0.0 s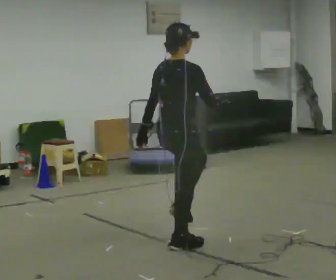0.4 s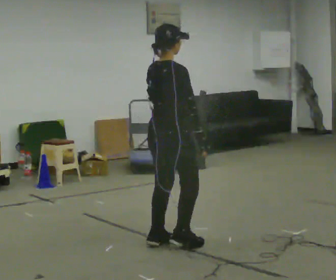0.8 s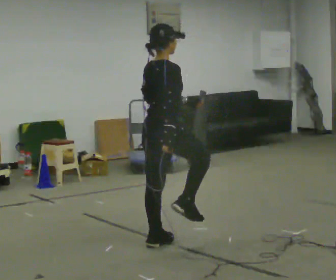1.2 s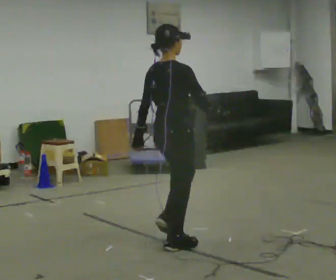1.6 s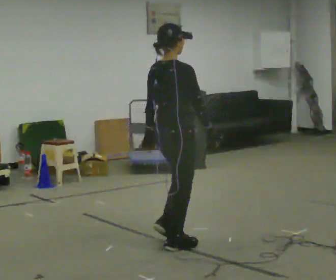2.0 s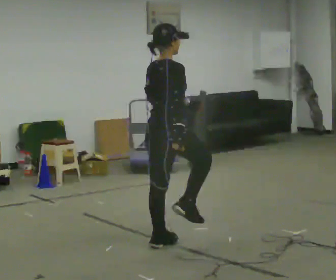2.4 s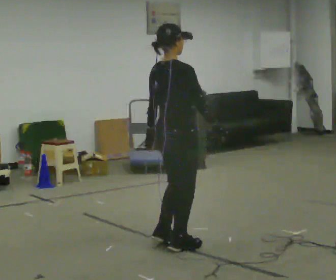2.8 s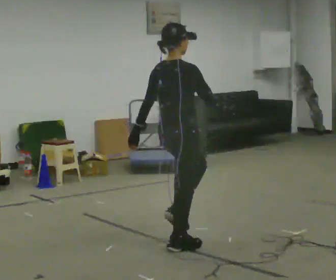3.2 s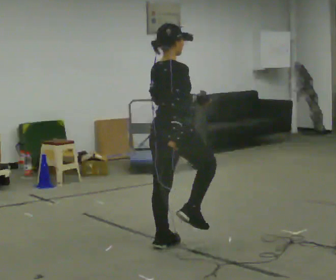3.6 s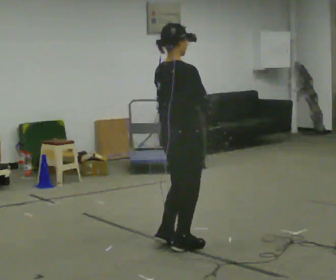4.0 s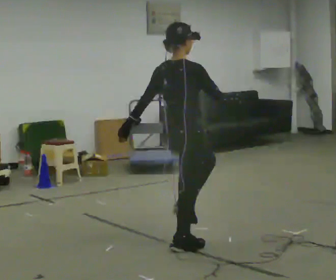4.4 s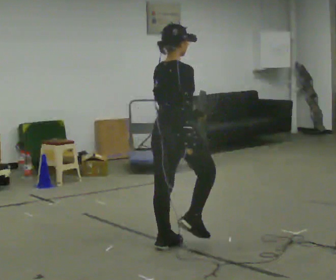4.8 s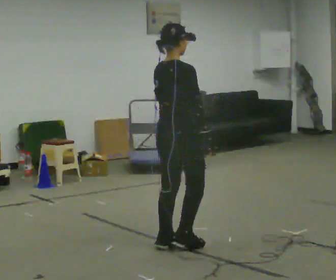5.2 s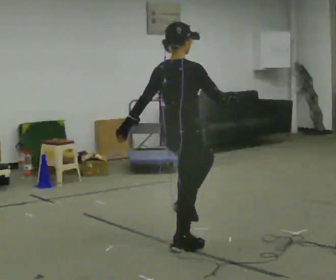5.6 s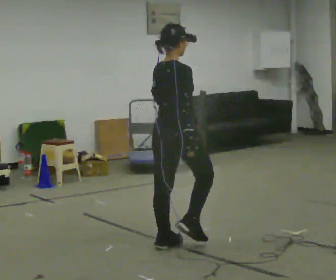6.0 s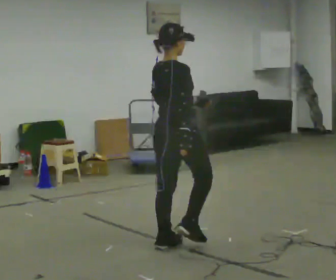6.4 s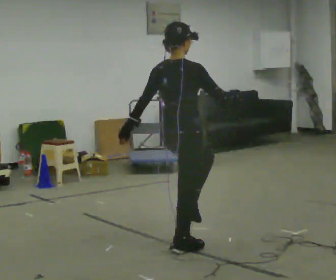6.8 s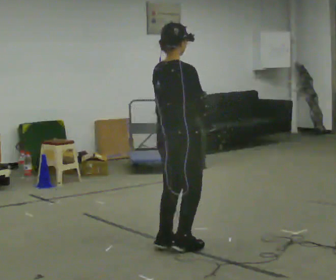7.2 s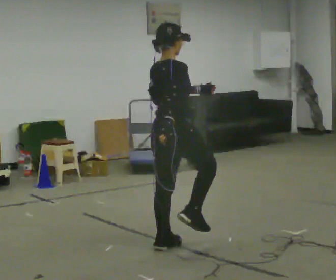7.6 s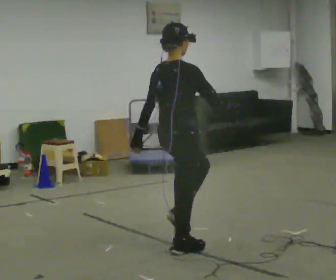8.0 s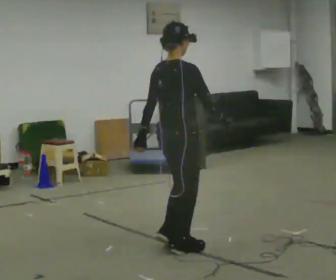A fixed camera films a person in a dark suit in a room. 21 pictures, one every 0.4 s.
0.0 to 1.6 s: The person moves a little, or ends about where they began.
1.6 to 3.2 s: In the picture their left hand goes to the right.
3.2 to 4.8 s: The person moves a little, or ends about where they began.
4.8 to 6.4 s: In the picture their left hand goes to the left.
6.4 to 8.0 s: The person moves a little, or ends about where they began.
The film runs forward here.
